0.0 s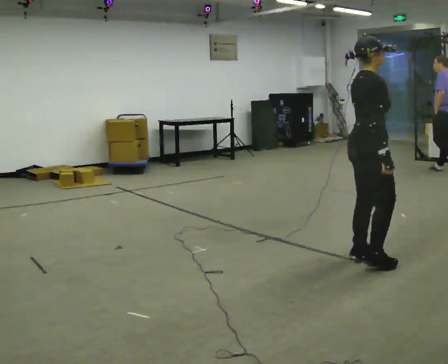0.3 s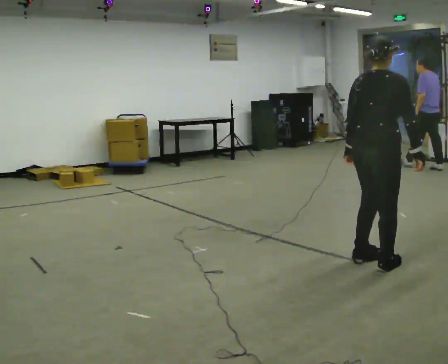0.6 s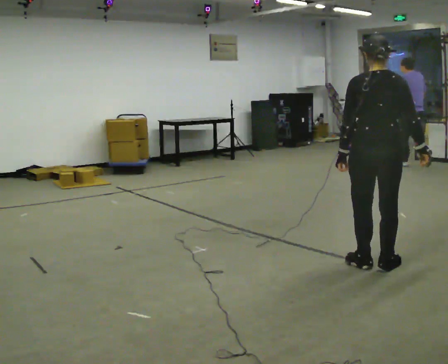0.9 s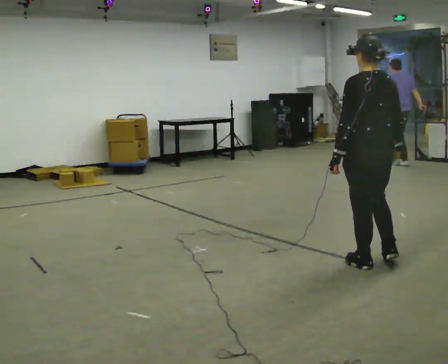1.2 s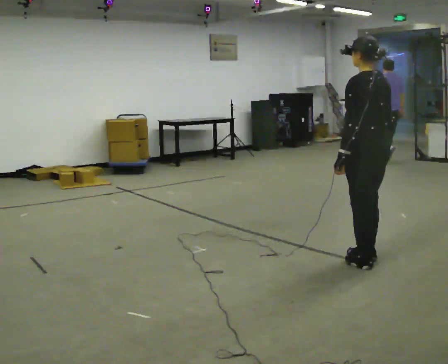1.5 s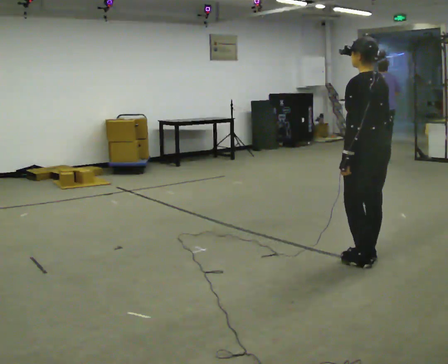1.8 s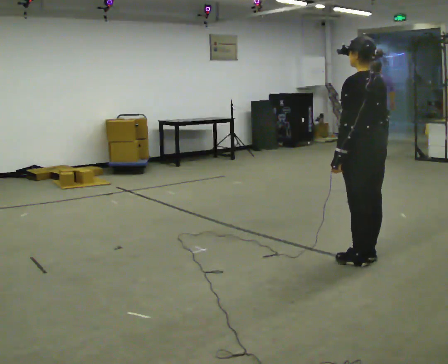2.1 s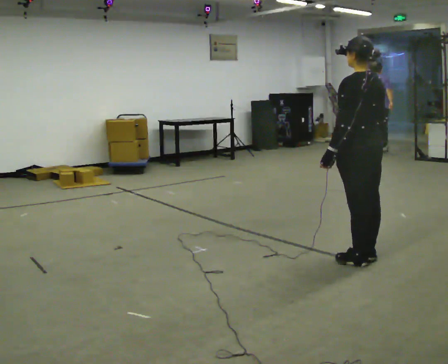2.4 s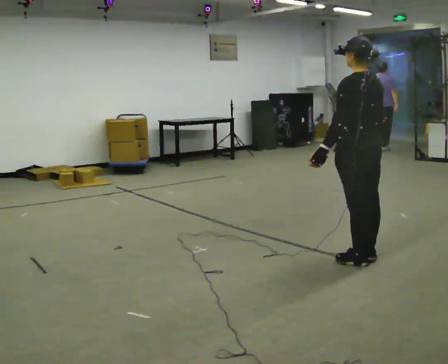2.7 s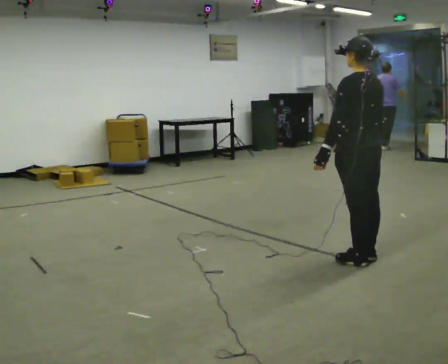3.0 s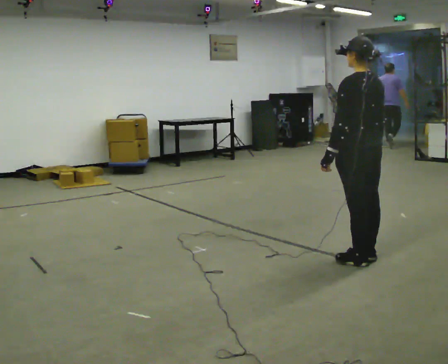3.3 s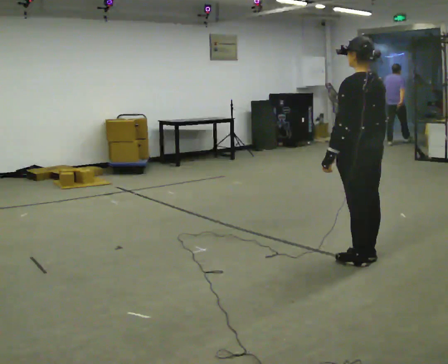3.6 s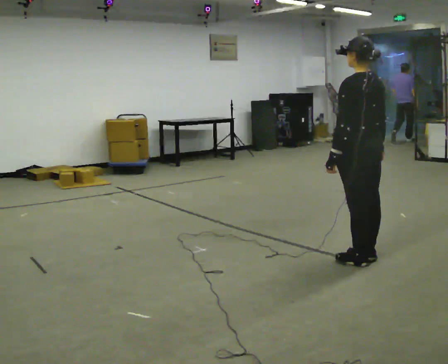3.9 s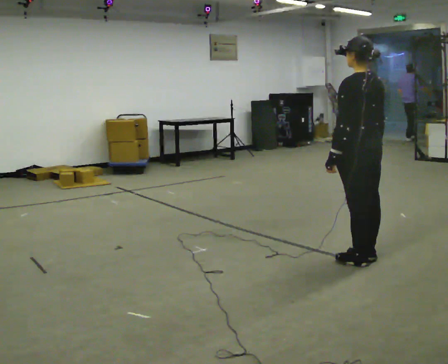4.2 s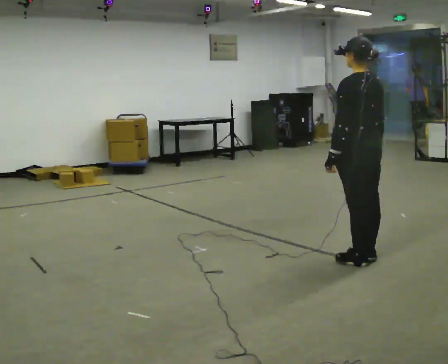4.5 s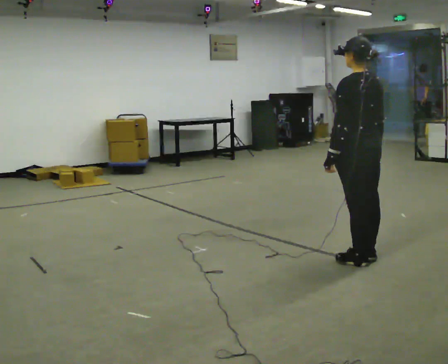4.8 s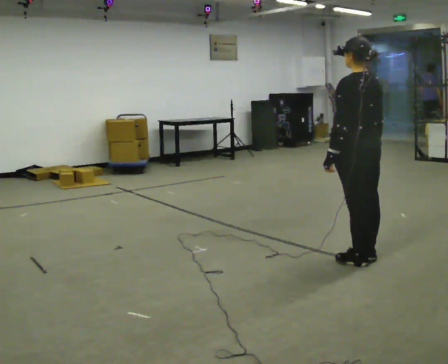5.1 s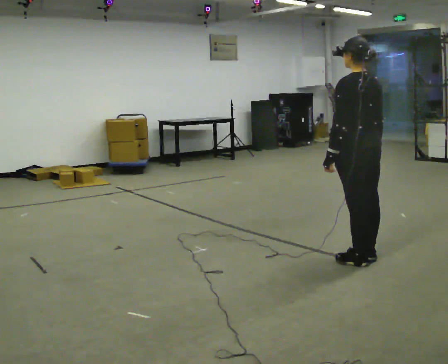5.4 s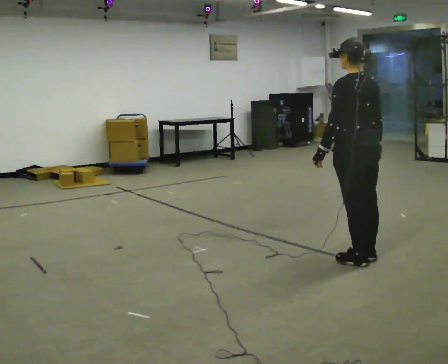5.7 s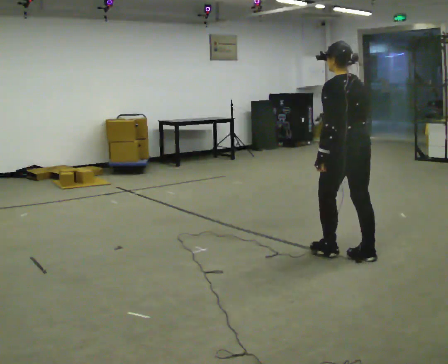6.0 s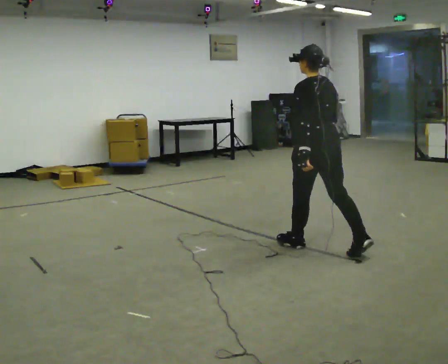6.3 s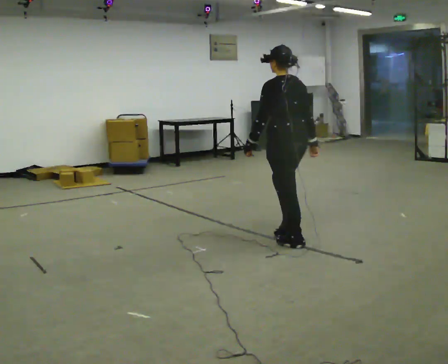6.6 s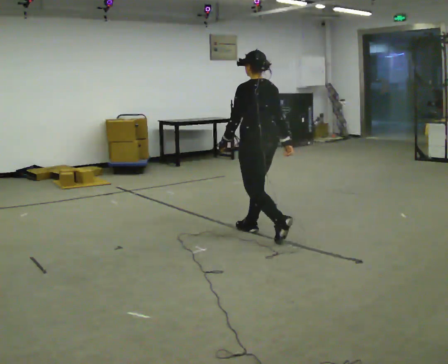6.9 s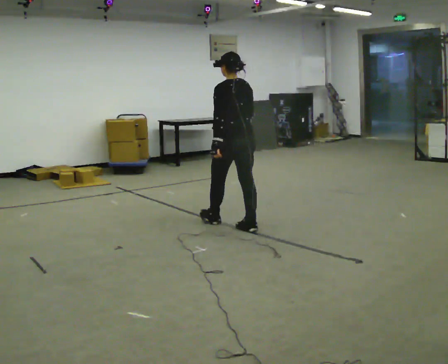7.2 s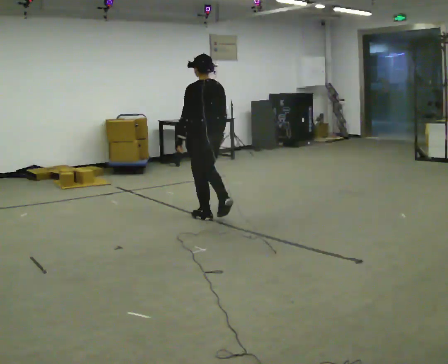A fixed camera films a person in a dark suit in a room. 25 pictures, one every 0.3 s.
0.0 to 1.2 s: Seen from above the body turns counterclockwise, about 135 degrees: to their left, with its near side sliding to the right.
1.2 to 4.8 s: The person moves a little, or ends about where they began.
4.8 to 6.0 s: In the picture they go to the left and away from the camera, about 0.5 m in 1 step, which for them is forward.
6.0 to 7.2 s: In the picture they go to the left and away from the camera, about 1.5 m in 2 steps, which for them is forward.
The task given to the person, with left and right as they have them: Stand still 2 s; begin walking naturally; walk forward; stop.
The film runs forward here.
